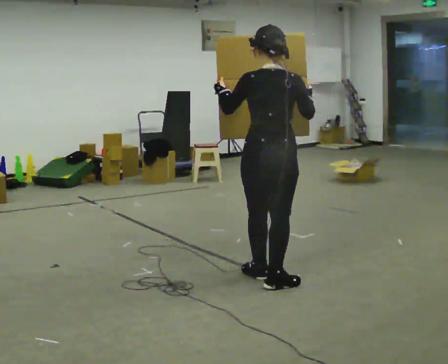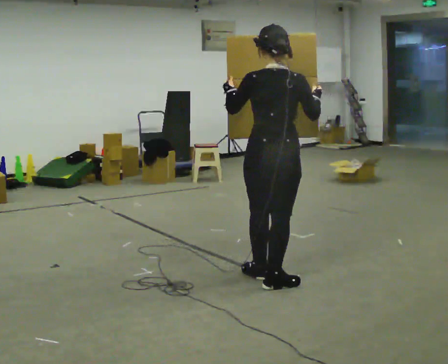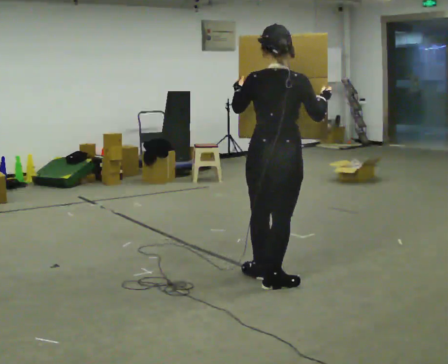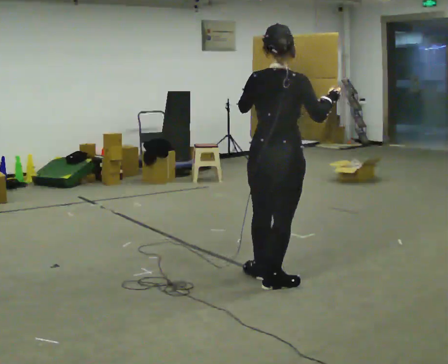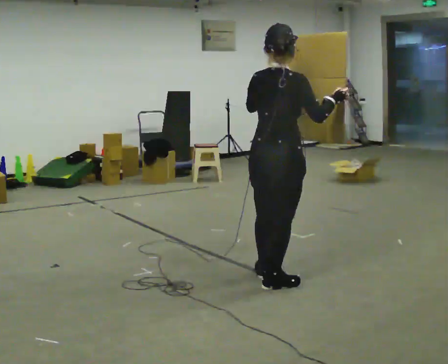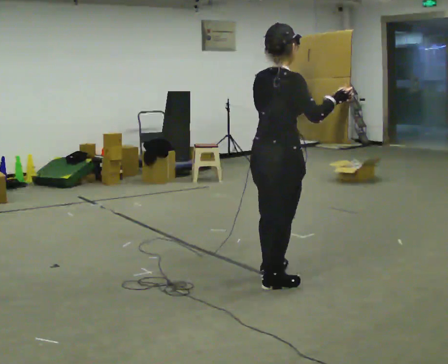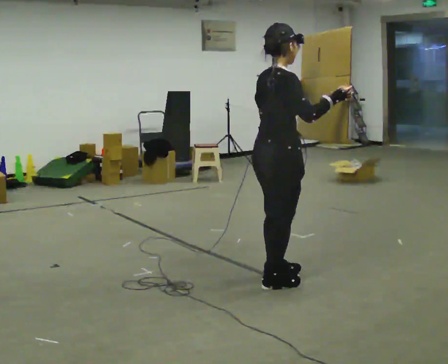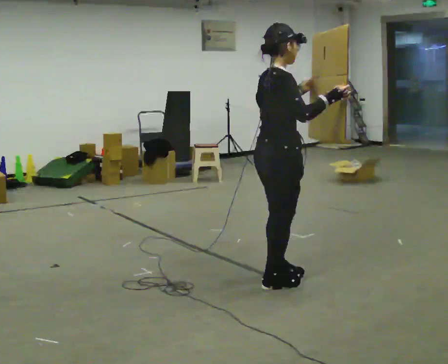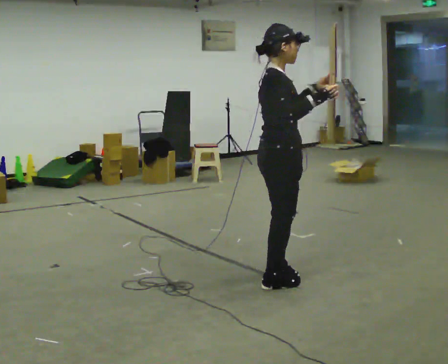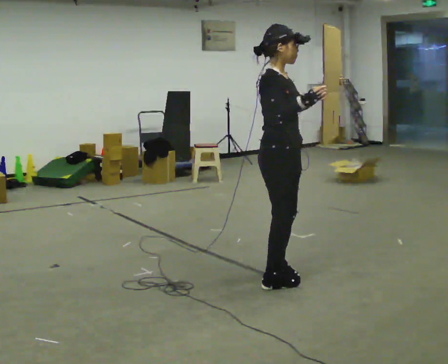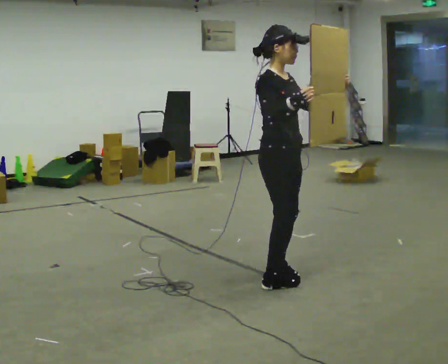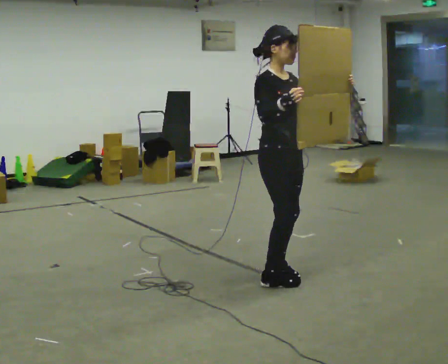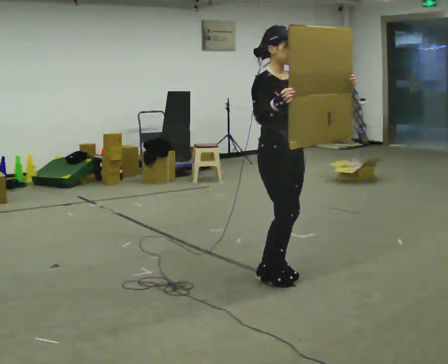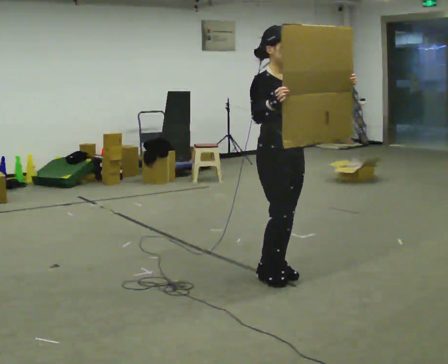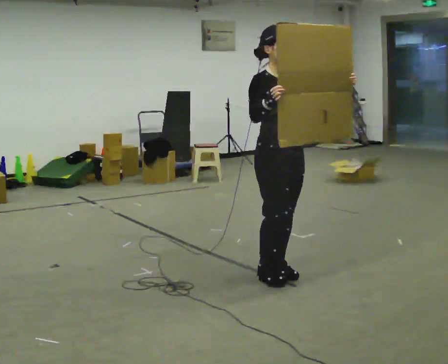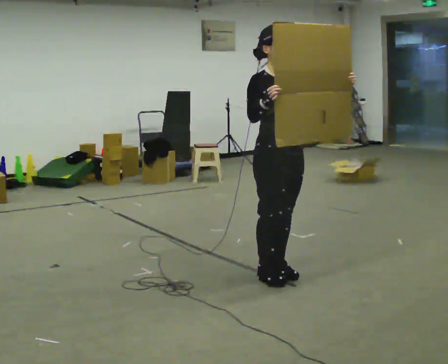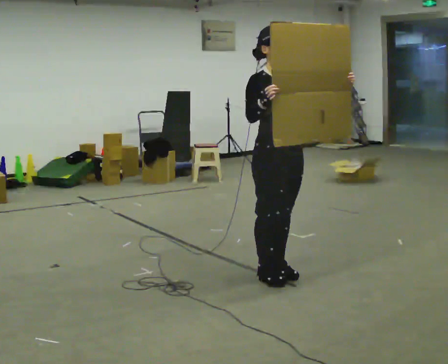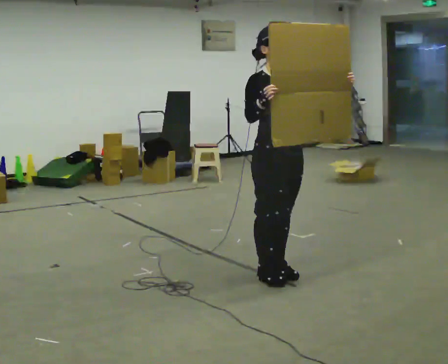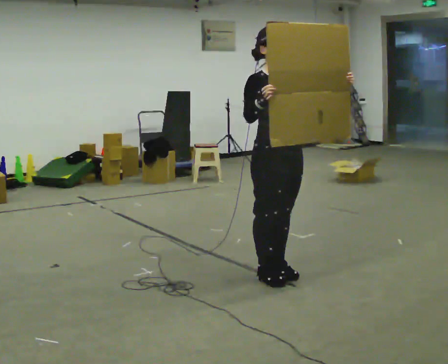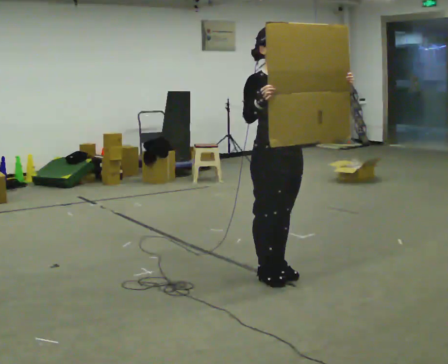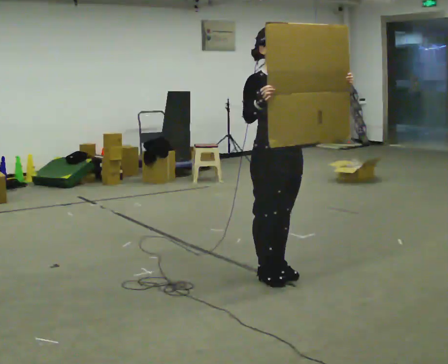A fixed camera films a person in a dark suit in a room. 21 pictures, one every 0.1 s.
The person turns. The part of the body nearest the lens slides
to the left.
The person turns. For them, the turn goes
to their right.
0.0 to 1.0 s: The part of the body nearest the lens slides to the left as the person turns to their right by about 105 degrees. In the picture their left hand goes to the right.
1.0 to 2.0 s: The part of the body nearest the lens slides to the left as the person turns to their right by about 45 degrees.
The film runs backward here.
